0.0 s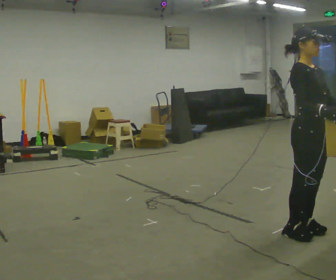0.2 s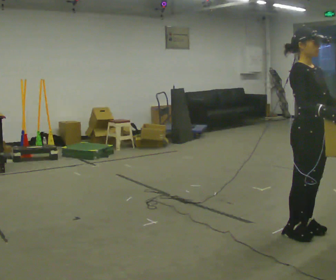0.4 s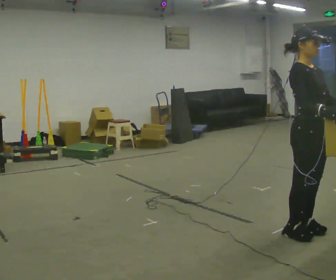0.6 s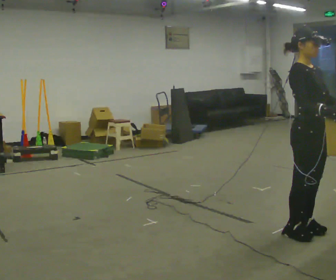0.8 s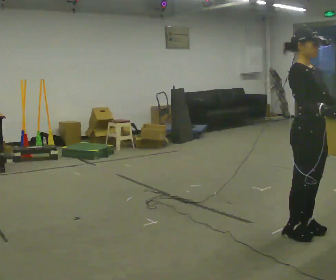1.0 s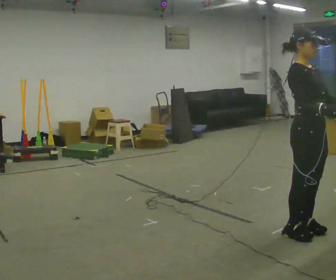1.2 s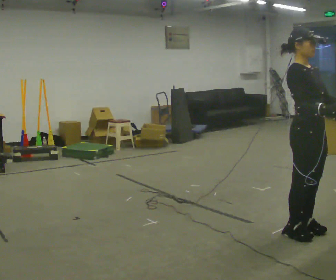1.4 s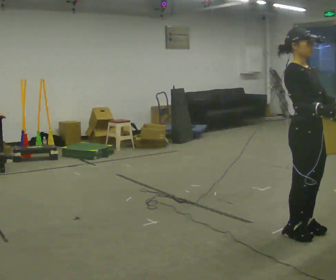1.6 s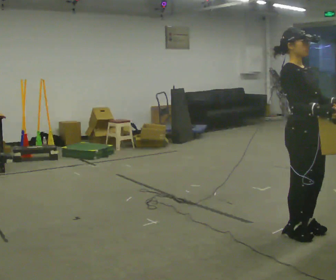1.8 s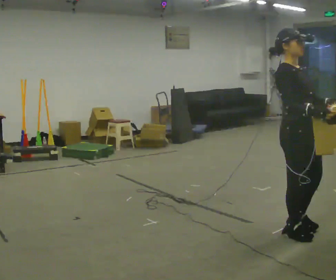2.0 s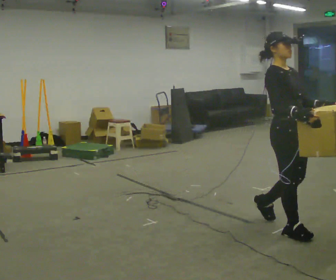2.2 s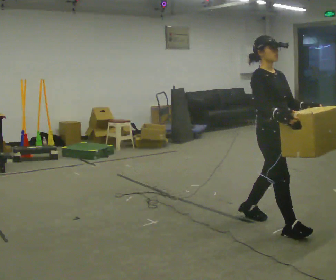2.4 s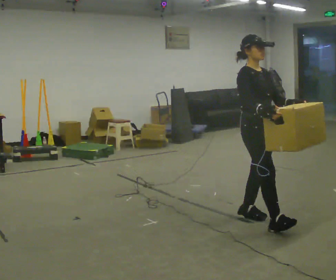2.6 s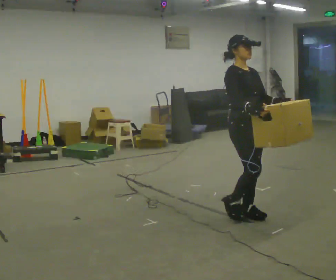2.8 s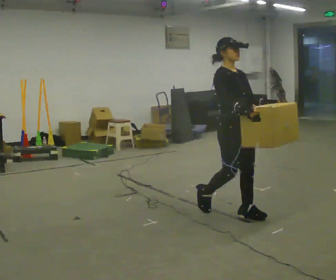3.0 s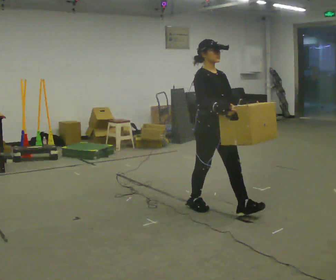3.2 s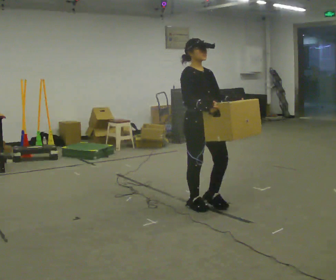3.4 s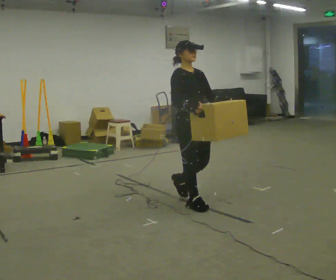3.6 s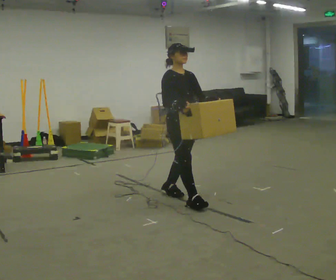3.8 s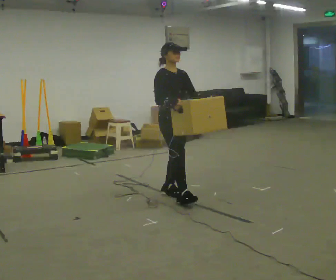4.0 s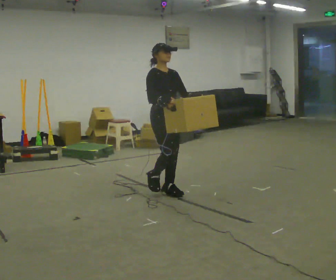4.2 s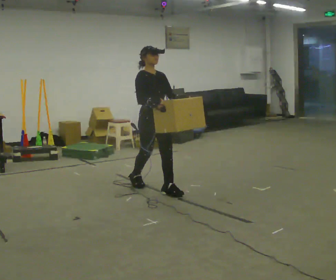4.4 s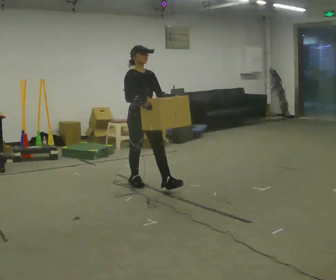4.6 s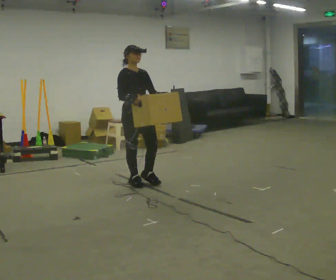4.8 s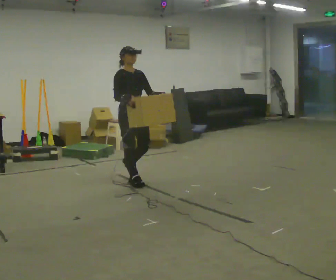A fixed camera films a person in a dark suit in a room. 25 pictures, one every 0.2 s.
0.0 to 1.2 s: The person keeps their place and pose.
1.2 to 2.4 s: In the picture they go to the left and away from the camera, about 0.5 m in 2 steps, which for them is backward.
2.4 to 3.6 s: In the picture they go to the left and away from the camera, about 1 m in 1 step, which for them is backward.
3.6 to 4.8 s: In the picture they go to the left and away from the camera, about 1 m in 2 steps, which for them is backward.
The film runs backward here.
